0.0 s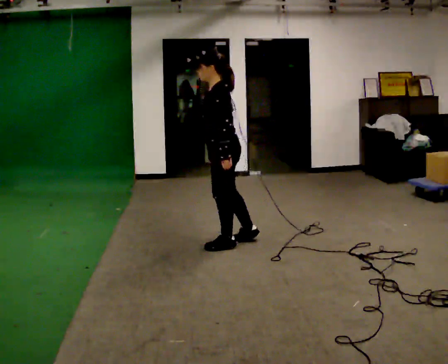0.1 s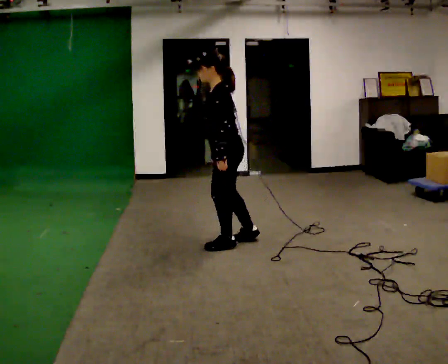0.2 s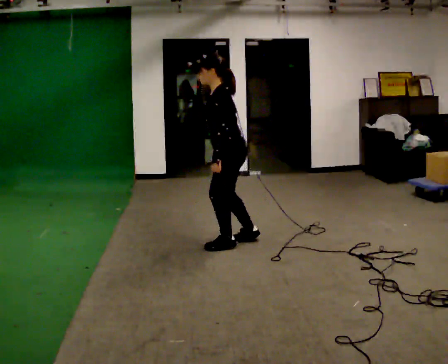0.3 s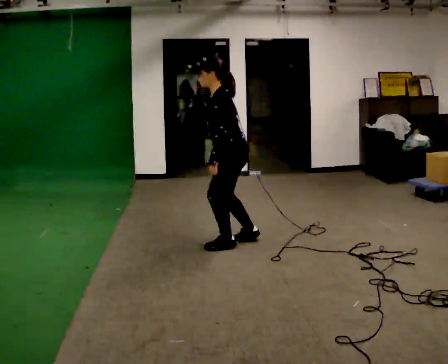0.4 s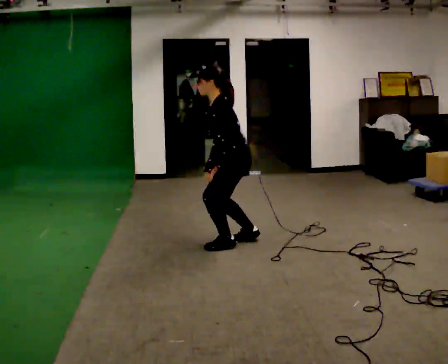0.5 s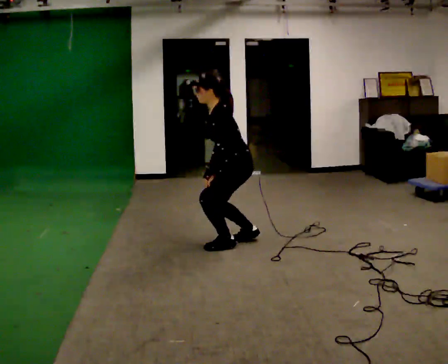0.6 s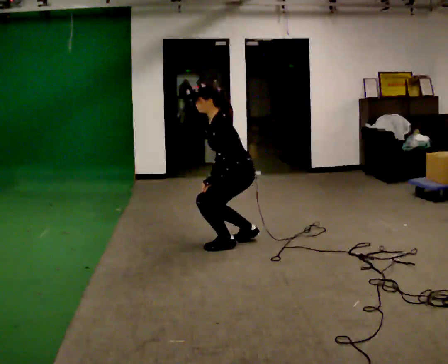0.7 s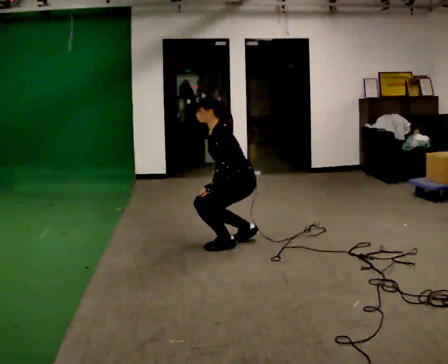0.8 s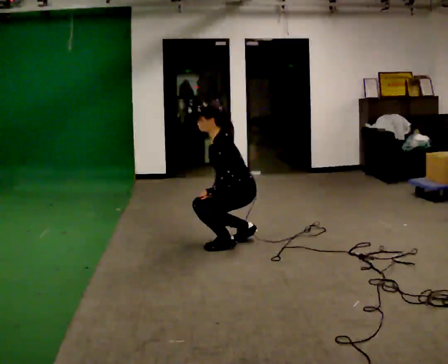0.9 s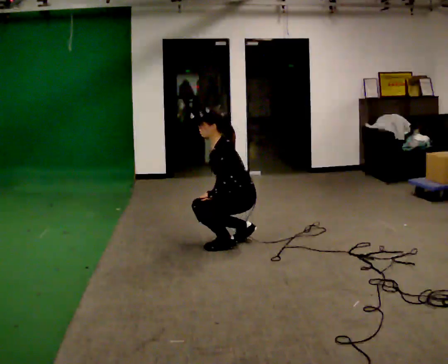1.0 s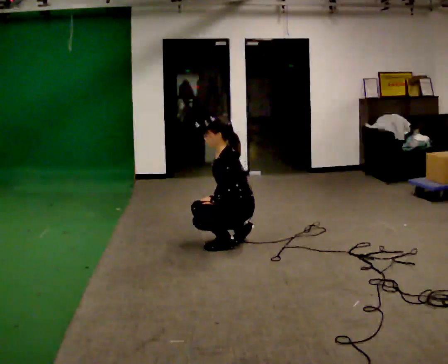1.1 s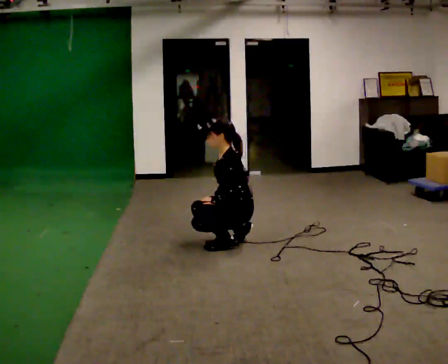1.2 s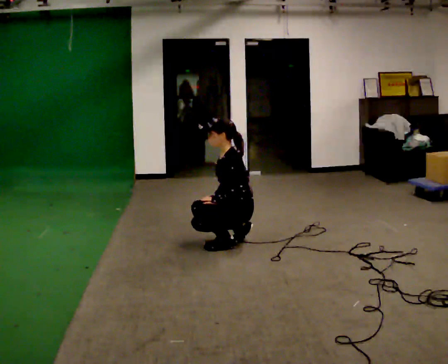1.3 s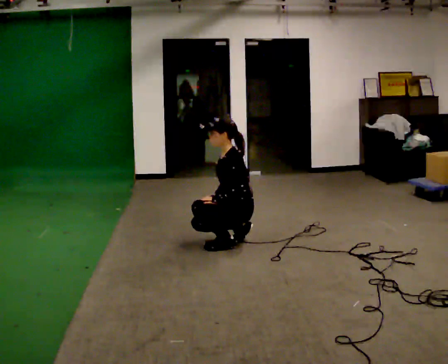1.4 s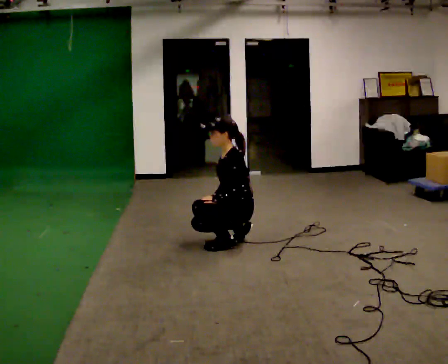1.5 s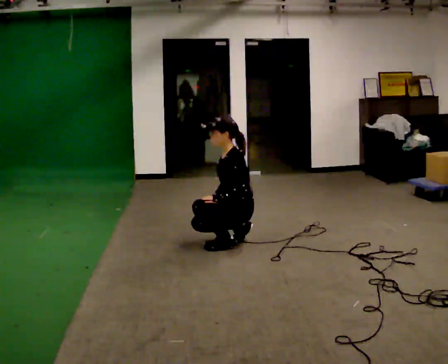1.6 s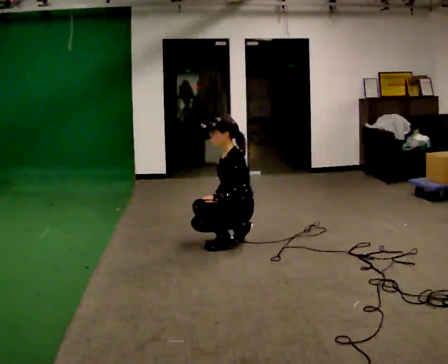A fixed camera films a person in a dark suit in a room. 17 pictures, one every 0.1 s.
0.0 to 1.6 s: The upper body goes downward. In the picture their right hand goes downward.
The film runs backward here.
